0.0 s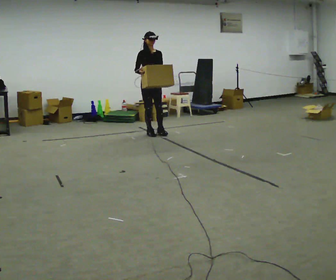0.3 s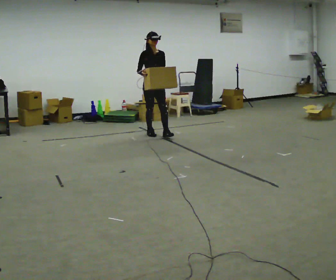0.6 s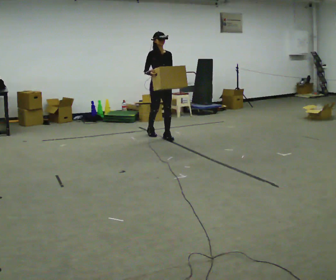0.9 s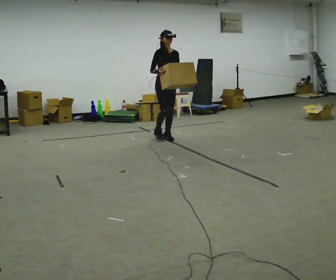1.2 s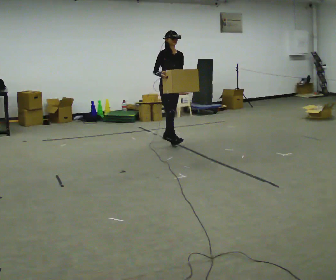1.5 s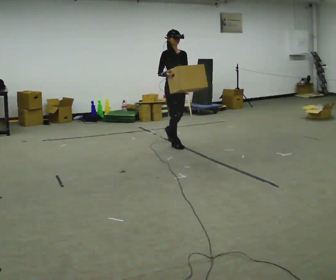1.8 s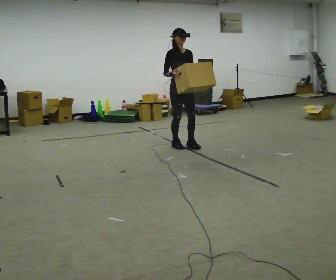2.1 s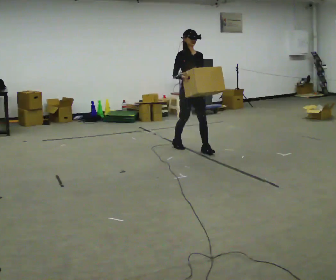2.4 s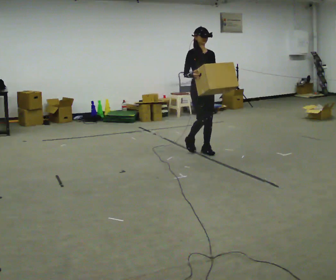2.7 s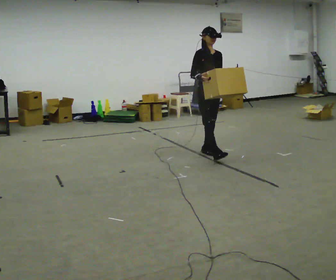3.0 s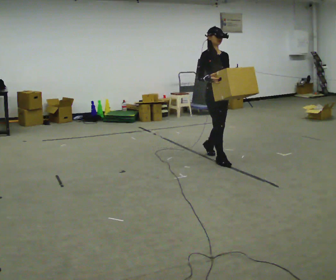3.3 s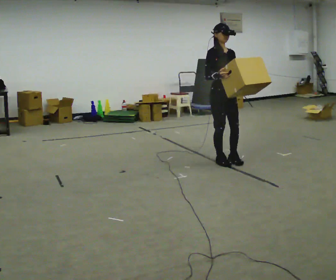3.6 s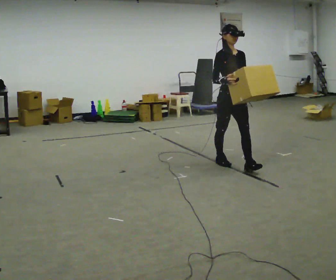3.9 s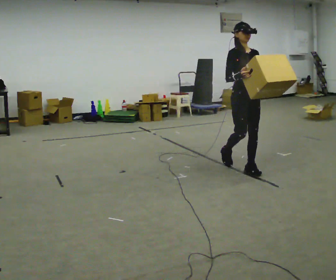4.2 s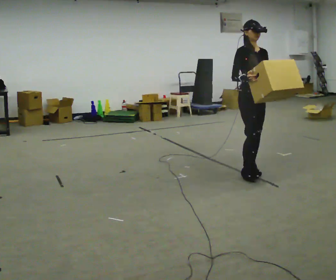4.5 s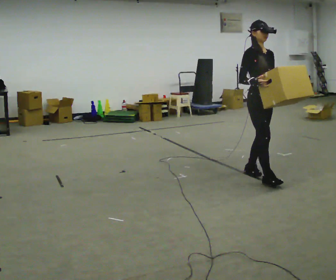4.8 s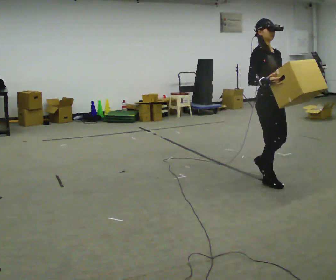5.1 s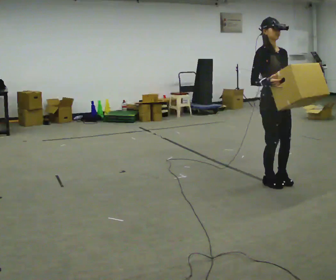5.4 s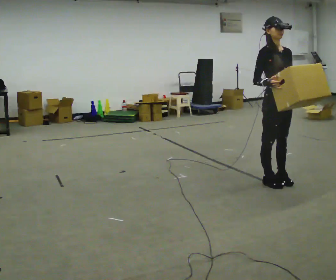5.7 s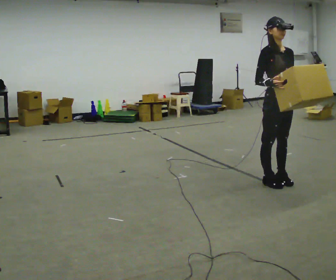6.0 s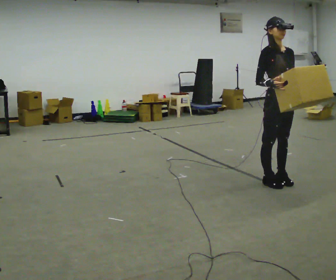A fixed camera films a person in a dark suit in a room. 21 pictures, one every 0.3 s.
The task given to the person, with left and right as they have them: Carry the box in both hands and walk back and forth across the room. The contents may move around. Carry on as best you can.
0.0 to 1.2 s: In the picture they go to the right and toward the camera, about 0.5 m in 1 step, which for them is forward.
1.2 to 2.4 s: In the picture they go to the right and toward the camera, about 1 m in 2 steps, which for them is forward.
2.4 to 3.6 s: In the picture they go toward the camera and to the right, about 0.5 m in 2 steps, which for them is forward.
3.6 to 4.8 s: In the picture they go toward the camera and to the right, about 0.75 m in 1 step, which for them is forward.
4.8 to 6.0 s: The person moves a little, or ends about where they began.
The film runs forward here.
